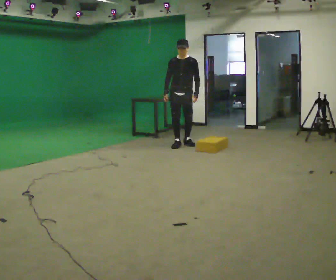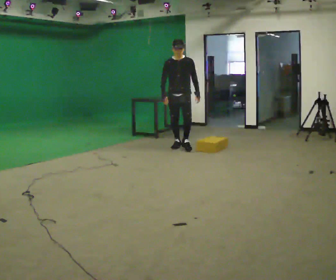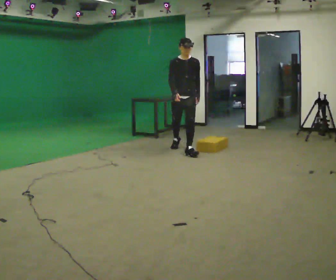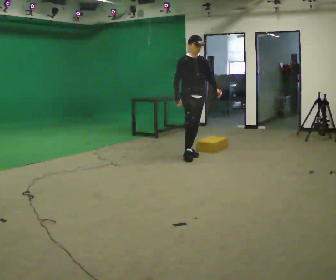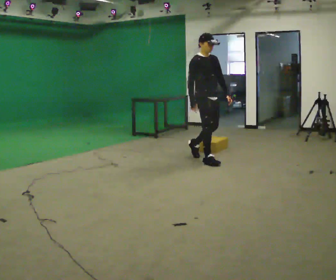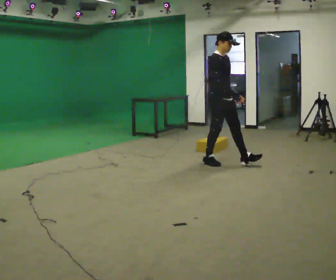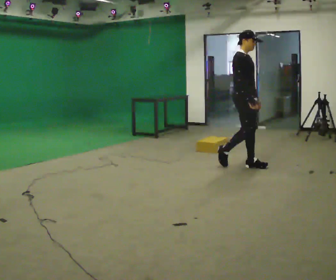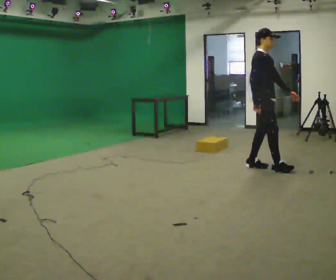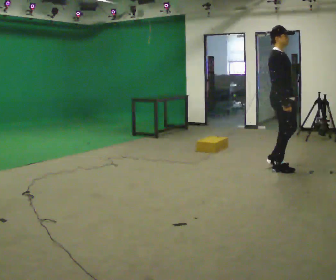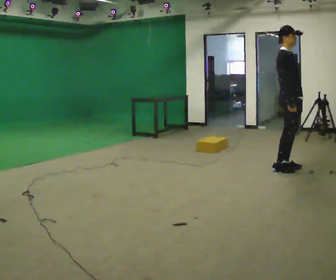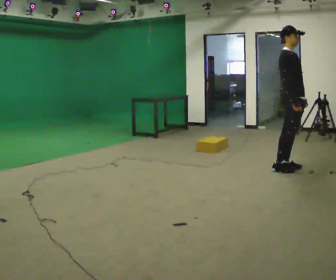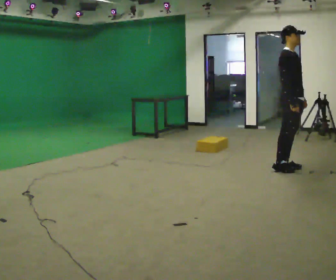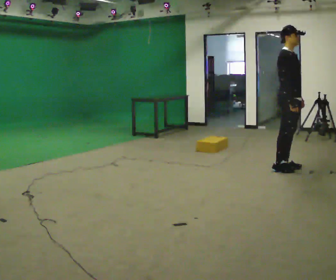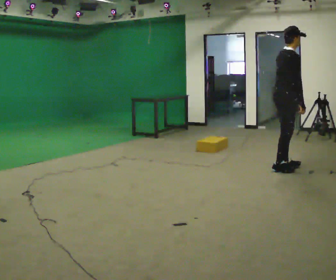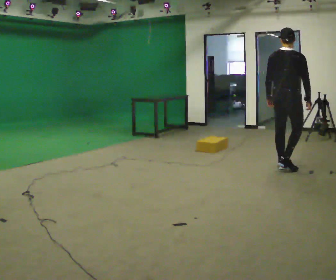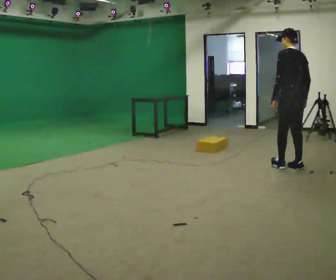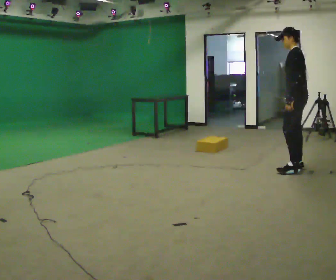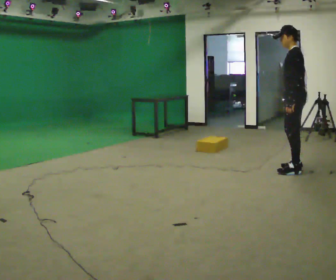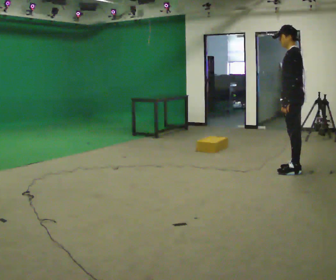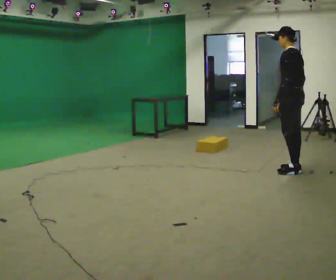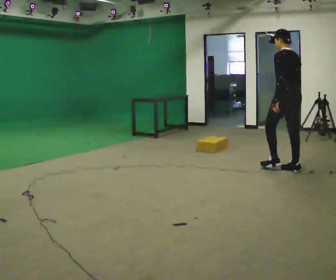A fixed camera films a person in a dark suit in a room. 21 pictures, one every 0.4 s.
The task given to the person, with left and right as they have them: Walk quickly but do not run; remain comfortable and controlled; stop.
0.0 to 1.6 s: The person turns about 60 degrees to their left, counterclockwise seen from above, so the part of the body nearest the lens slides to the right. In the picture they go toward the camera and to the right, about 1 m in 2 steps, which for them is forward.
1.6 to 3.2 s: In the picture they go to the right, about 1 m in 2 steps, which for them is forward.
3.2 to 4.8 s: The person moves a little, or ends about where they began.
4.8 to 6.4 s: The part of the body nearest the lens slides to the right as the person turns to their left by about 195 degrees.
6.4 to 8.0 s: The part of the body nearest the lens slides to the left as the person turns to their right by about 45 degrees.
The film runs forward here.
